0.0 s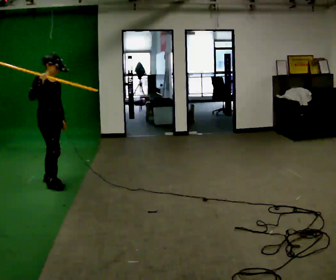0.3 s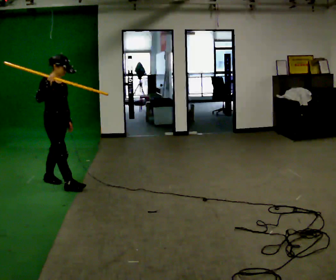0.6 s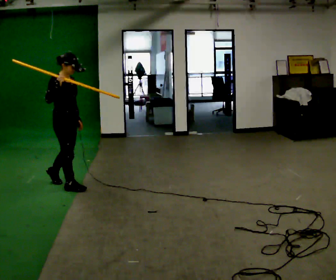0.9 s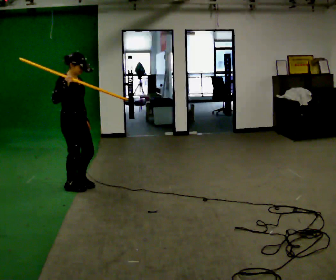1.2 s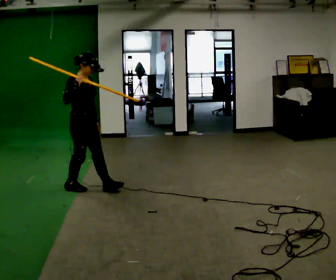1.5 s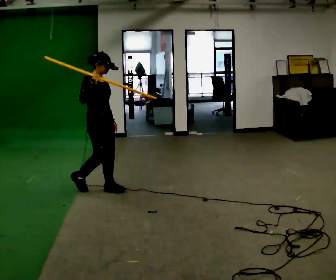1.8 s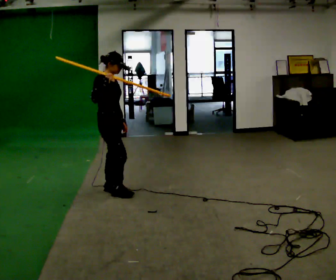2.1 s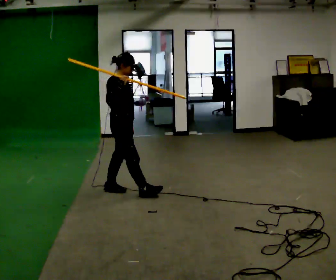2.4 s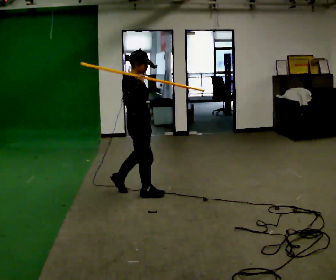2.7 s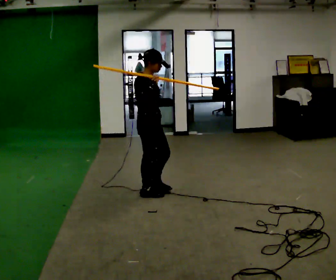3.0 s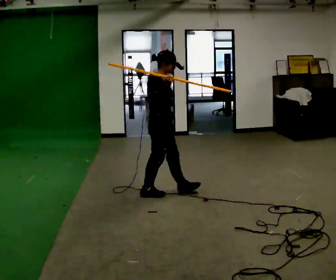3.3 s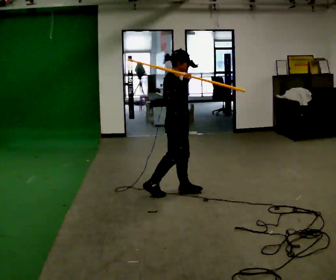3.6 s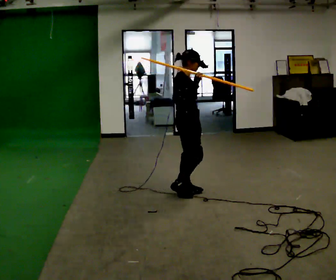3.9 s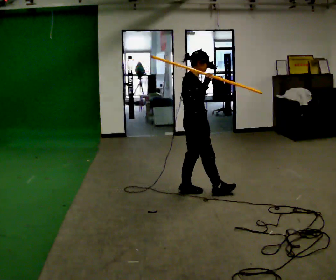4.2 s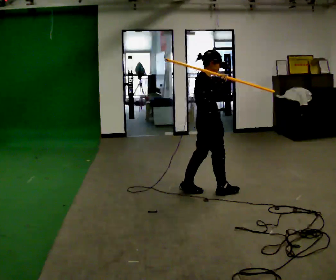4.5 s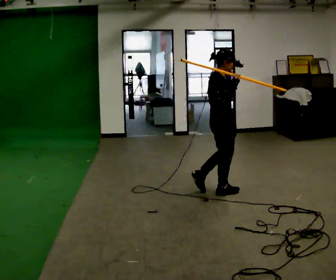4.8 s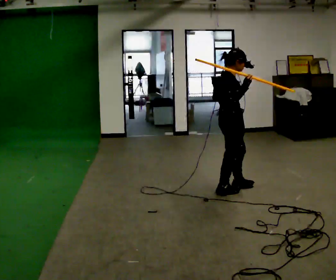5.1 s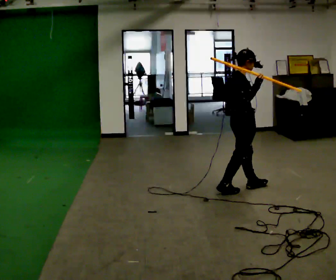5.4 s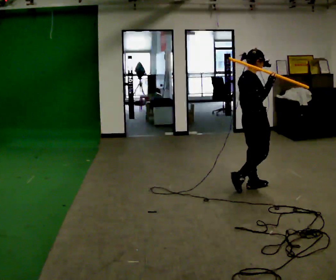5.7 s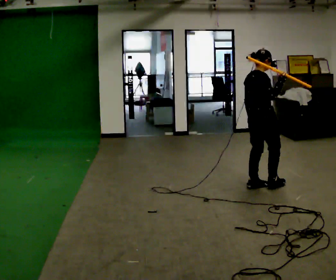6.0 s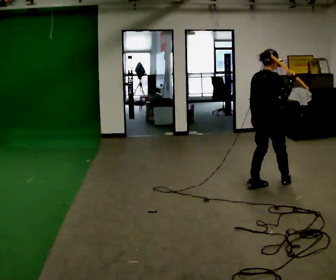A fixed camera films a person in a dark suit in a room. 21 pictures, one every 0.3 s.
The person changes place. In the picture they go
to the right.
0.0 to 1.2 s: In the picture they go to the right and toward the camera, about 0.5 m in 2 steps, which for them is forward.
1.2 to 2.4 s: In the picture they go to the right, about 0.5 m in 1 step, which for them is forward.
2.4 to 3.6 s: In the picture they go to the right, about 0.5 m in 1 step, which for them is forward.
3.6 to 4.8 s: In the picture they go to the right, about 0.5 m in 1 step, which for them is forward.
4.8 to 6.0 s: The person turns about 30 degrees to their left, counterclockwise seen from above, so the part of the body nearest the lens slides to the right. In the picture they go to the right, about 0.5 m in 2 steps, which for them is forward.
The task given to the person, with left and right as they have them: Rest the long object on the shoulder the operator calls and carry it across the room, back and forth.
The film runs forward here.
